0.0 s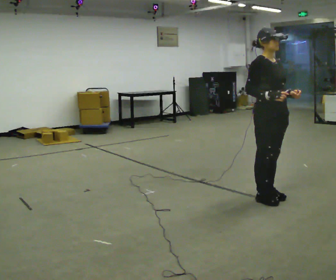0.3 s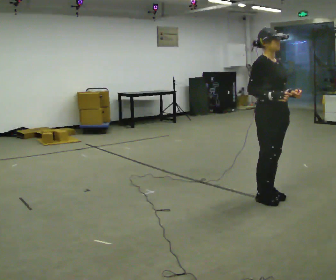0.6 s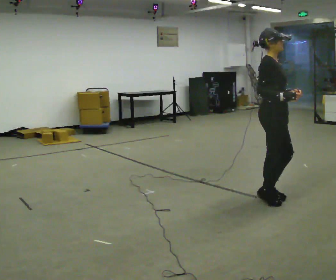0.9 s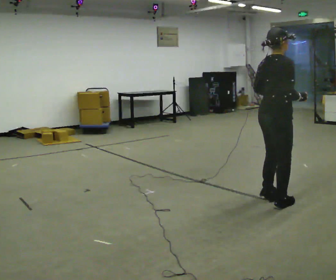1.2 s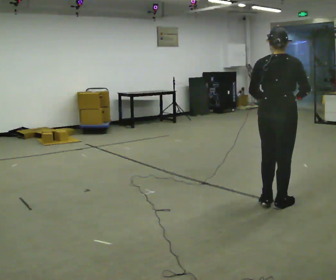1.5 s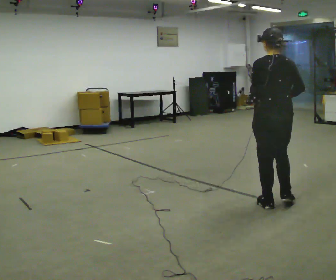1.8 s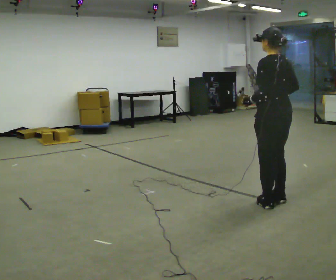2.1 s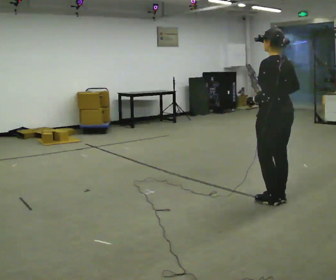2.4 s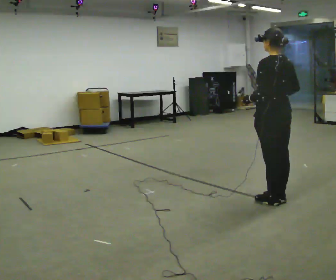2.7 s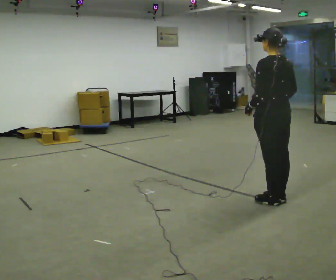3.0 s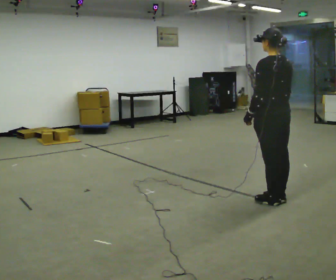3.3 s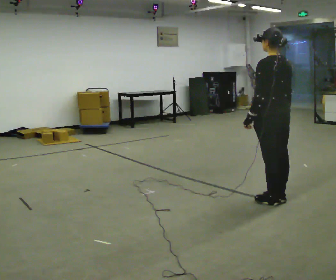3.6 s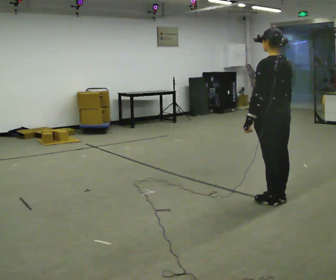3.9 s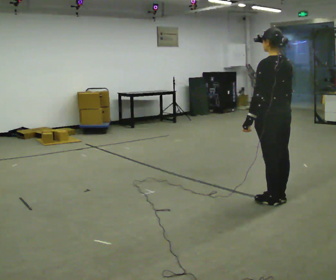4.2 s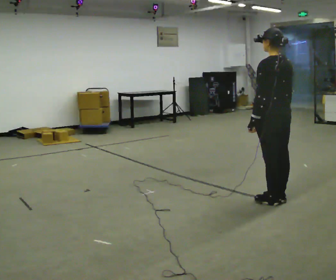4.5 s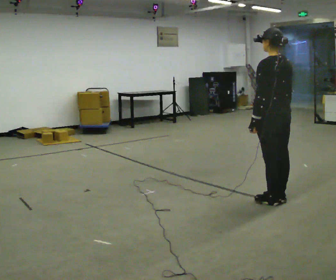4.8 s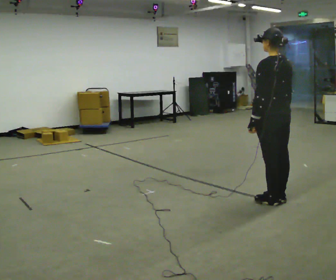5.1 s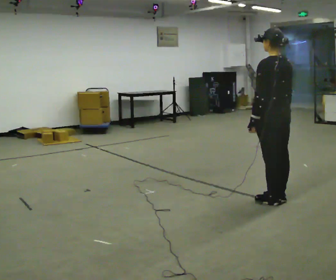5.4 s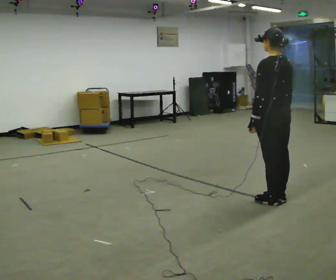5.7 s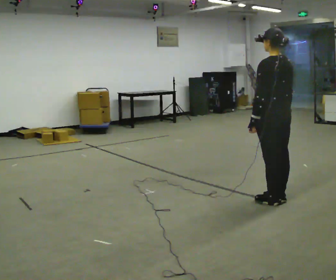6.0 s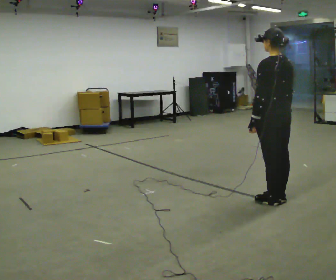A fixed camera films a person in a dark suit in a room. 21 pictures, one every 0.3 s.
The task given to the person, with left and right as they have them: Stand still 2 s; begin walking naturally; walk forward; stop.
0.0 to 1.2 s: Seen from above the body turns counterclockwise, about 120 degrees: to their left, with its near side sliding to the right. In the picture they go toward the camera, about 0.25 m in 1 step.
1.2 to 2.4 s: Seen from above the body turns counterclockwise, about 60 degrees: to their left, with its near side sliding to the right.
2.4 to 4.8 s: The person moves a little, or ends about where they began.
4.8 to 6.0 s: The person keeps their place and pose.
The film runs forward here.
